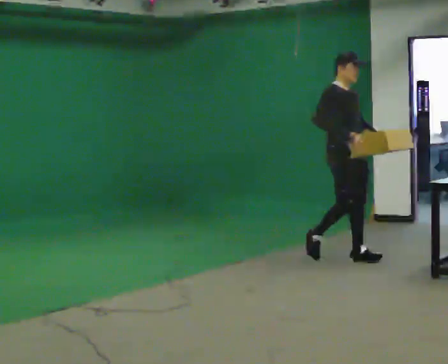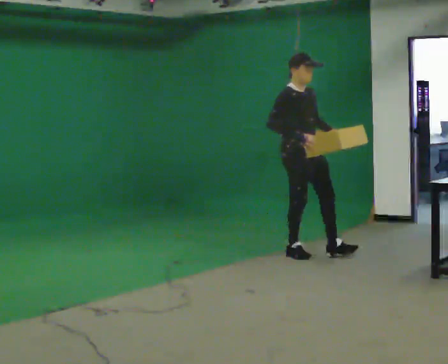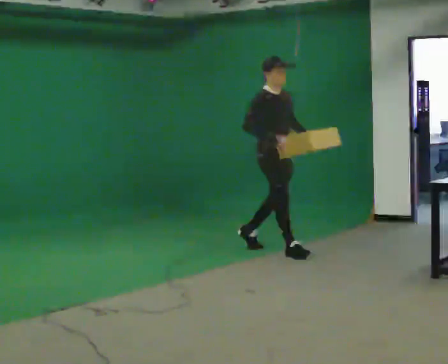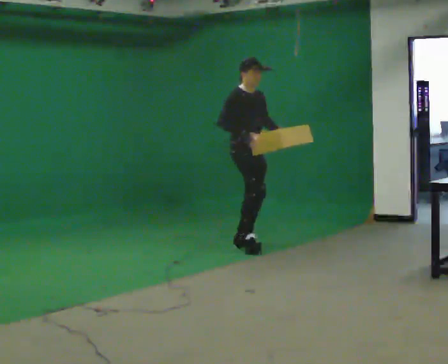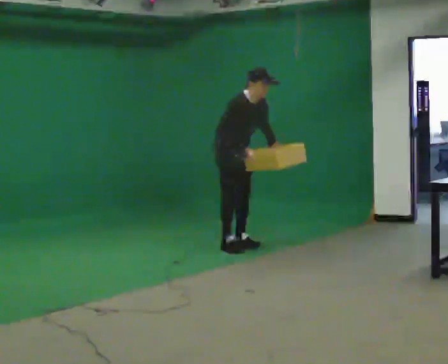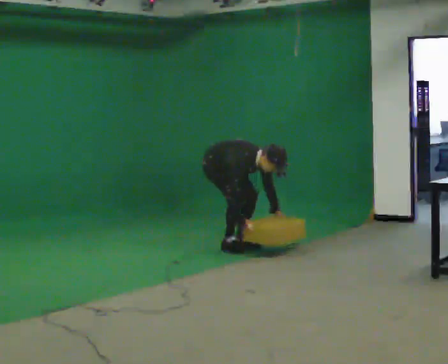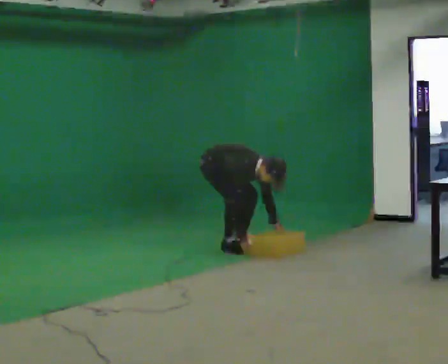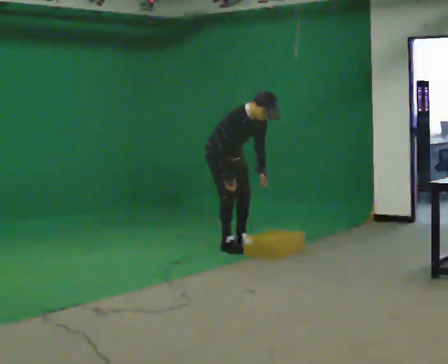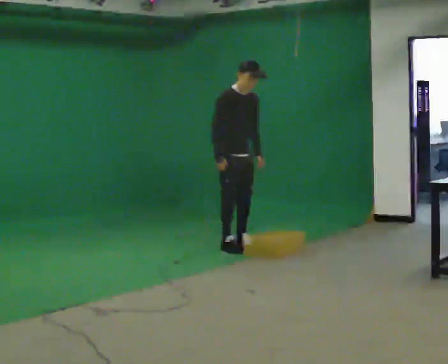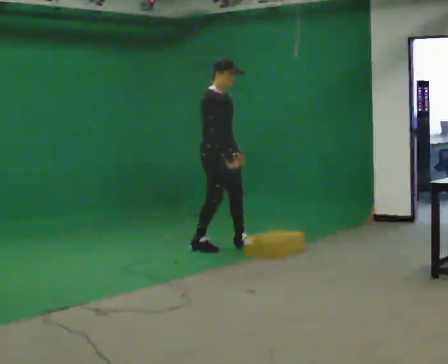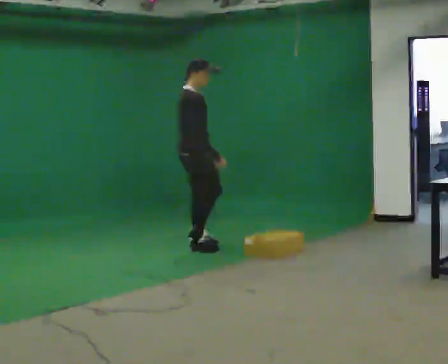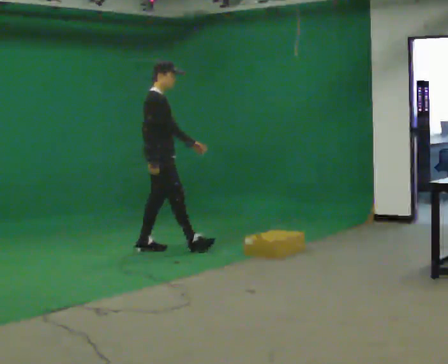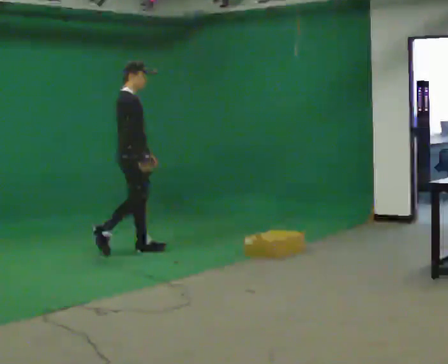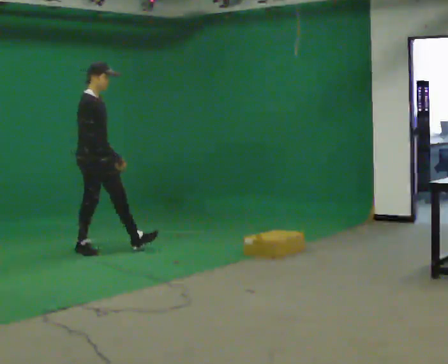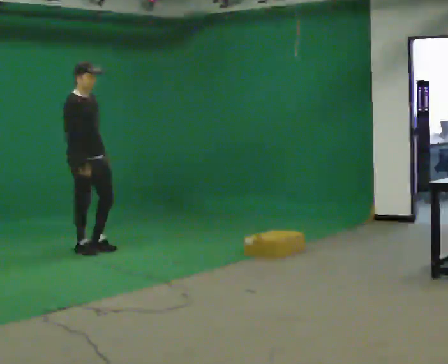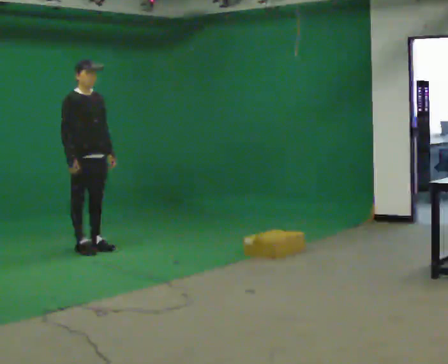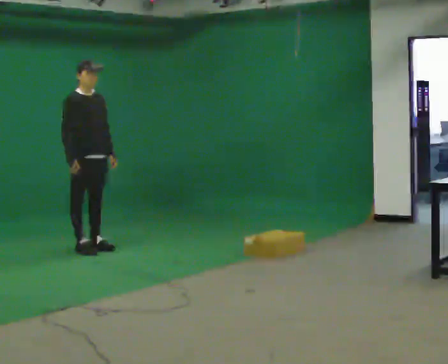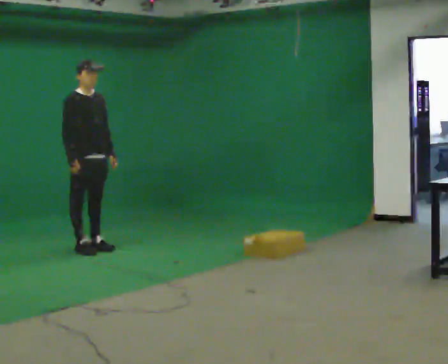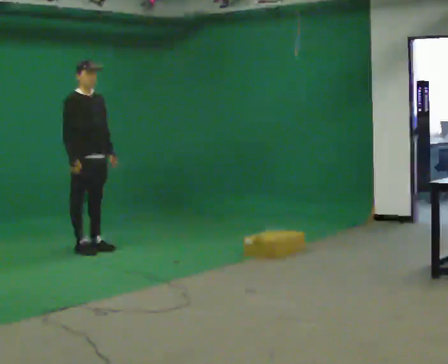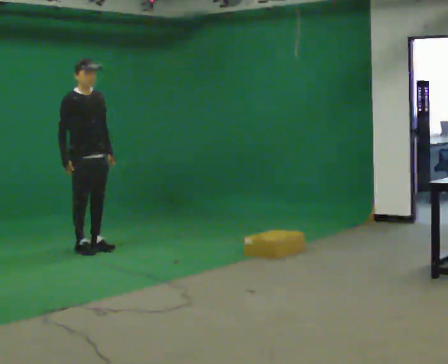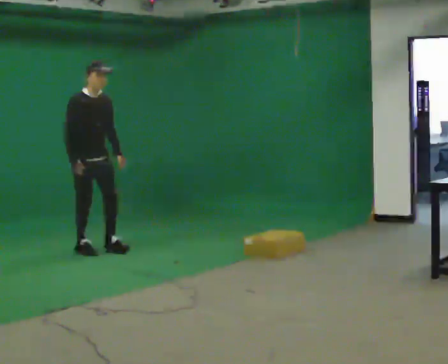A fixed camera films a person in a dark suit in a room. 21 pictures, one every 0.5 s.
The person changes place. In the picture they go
to the left.
0.0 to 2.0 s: In the picture they go to the left and away from the camera, about 1 m in 2 steps, which for them is backward. In the picture the upper body tilts clockwise, shoulders to the right, as they bend forward.
2.0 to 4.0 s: The person moves a little, or ends about where they began.
4.0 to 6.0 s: The person turns about 45 degrees to their left, counterclockwise seen from above, so the part of the body nearest the lens slides to the right. In the picture they go to the left, about 1 m in 3 steps, which for them is backward. In the picture the upper body tilts counterclockwise, shoulders to the left, as they lean back or straighten.
6.0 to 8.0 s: The part of the body nearest the lens slides to the left as the person turns to their right by about 45 degrees. In the picture they go to the left, about 0.5 m in 1 step, which for them is backward and to their right.
8.0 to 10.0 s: The person moves a little, or ends about where they began.
The film runs backward here.
